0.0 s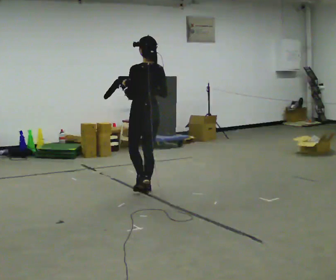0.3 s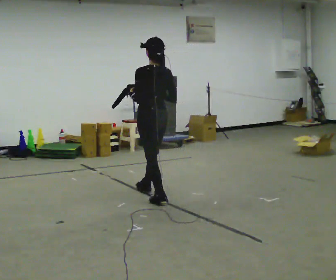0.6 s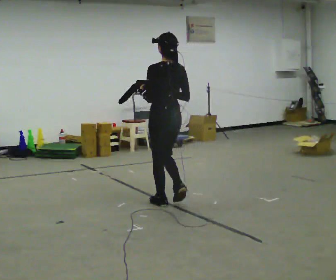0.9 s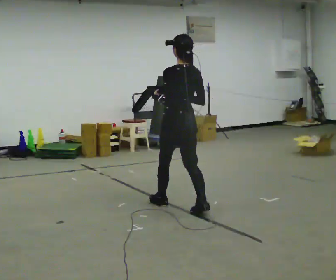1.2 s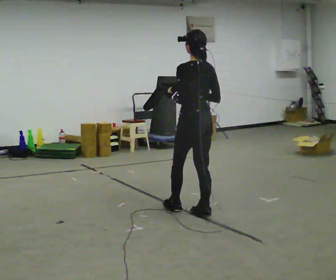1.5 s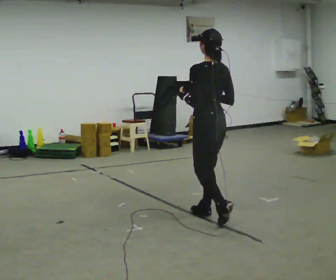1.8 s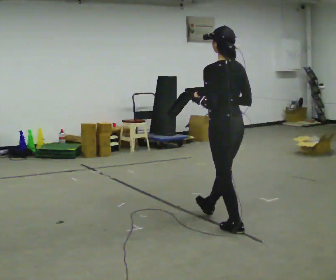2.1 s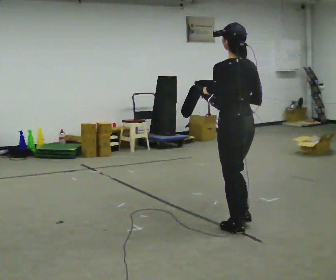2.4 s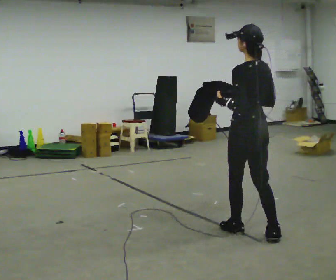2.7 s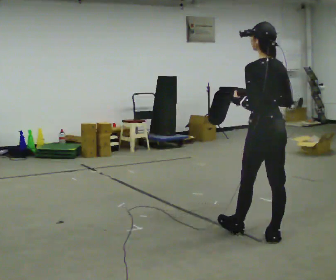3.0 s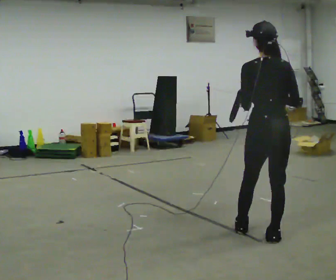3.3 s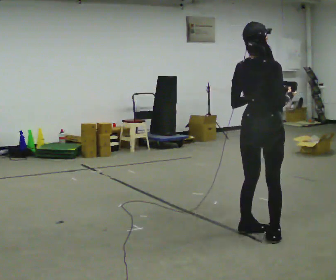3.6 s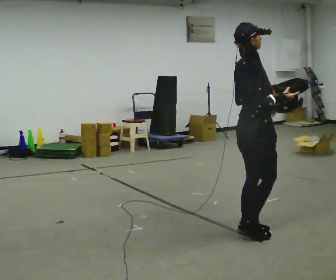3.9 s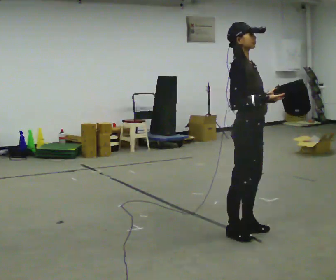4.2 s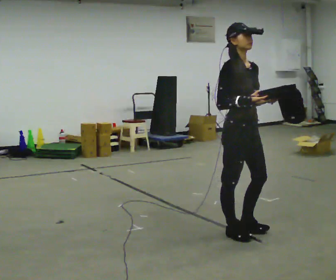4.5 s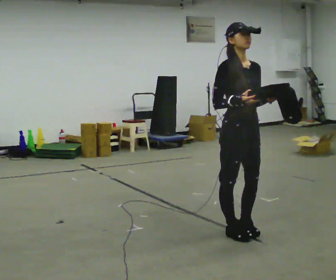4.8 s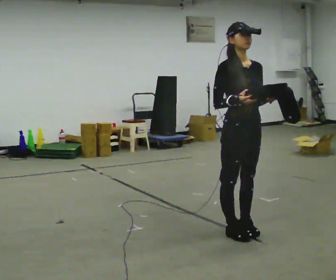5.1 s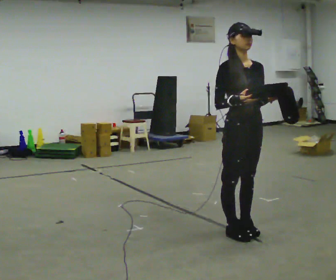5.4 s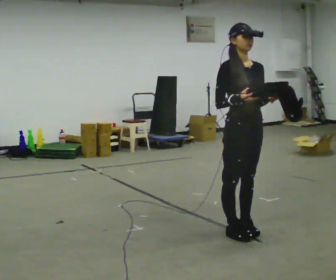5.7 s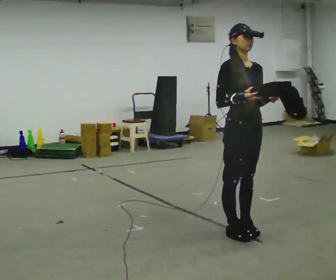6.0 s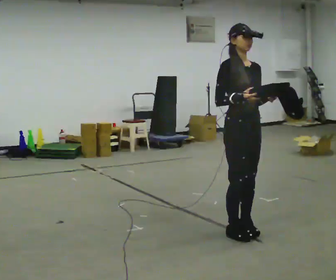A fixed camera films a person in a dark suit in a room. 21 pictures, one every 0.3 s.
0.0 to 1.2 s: In the picture they go toward the camera and to the right, about 1 m in 2 steps, which for them is backward.
1.2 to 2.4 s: In the picture they go toward the camera and to the right, about 0.5 m in 1 step, which for them is backward.
2.4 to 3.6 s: The part of the body nearest the lens slides to the left as the person turns to their right by about 105 degrees.
3.6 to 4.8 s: The person turns about 75 degrees to their right, clockwise seen from above, so the part of the body nearest the lens slides to the left. In the picture their right hand goes to the left.
4.8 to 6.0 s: The person moves a little, or ends about where they began.
The film runs backward here.
